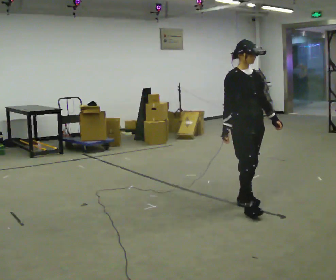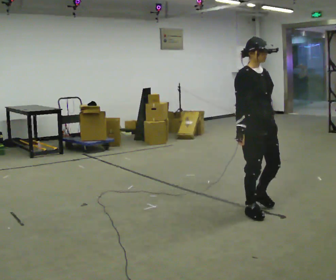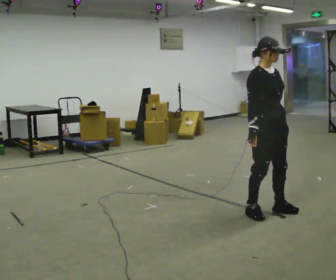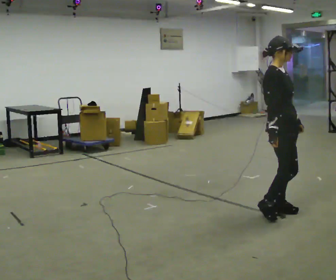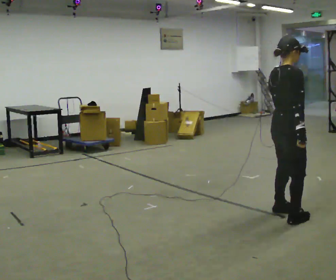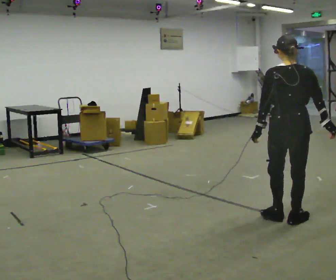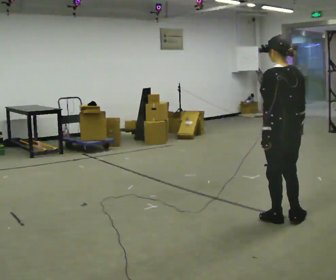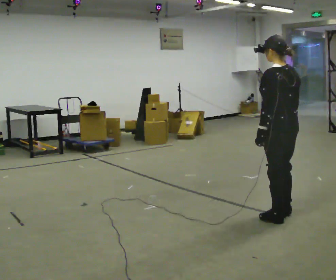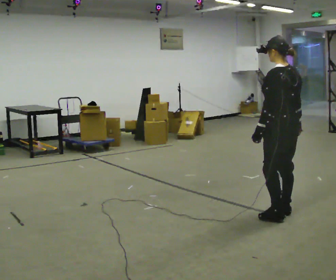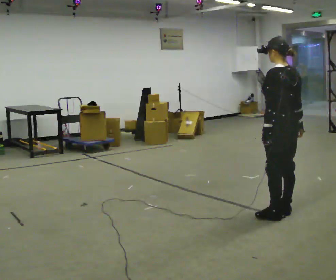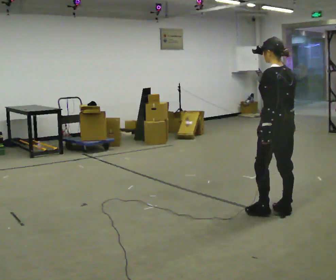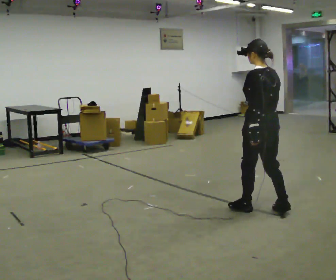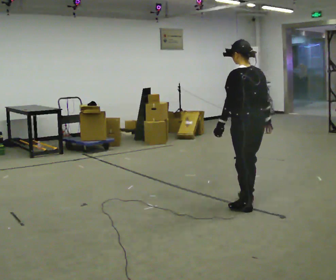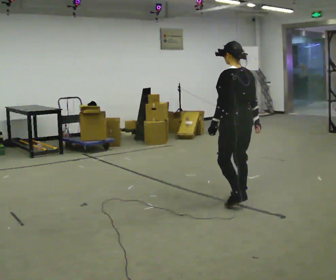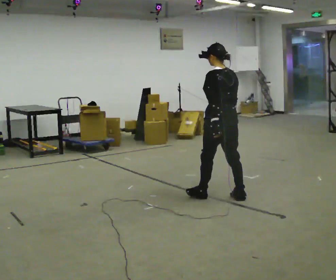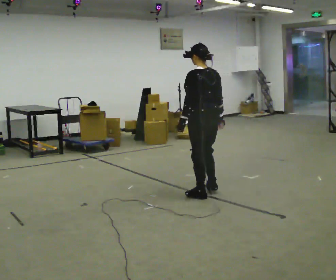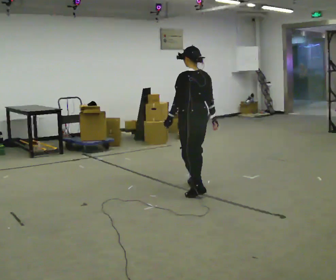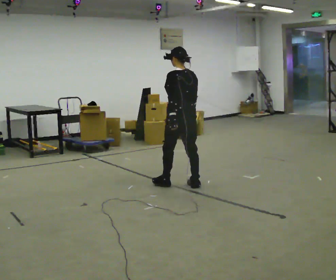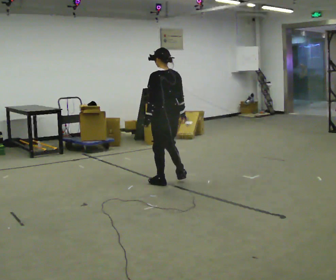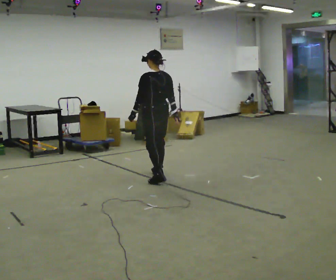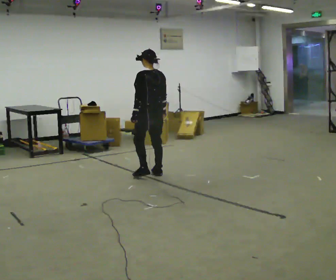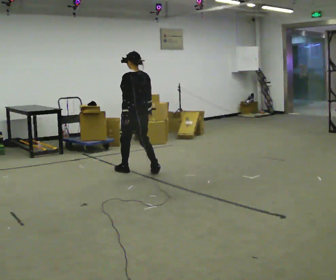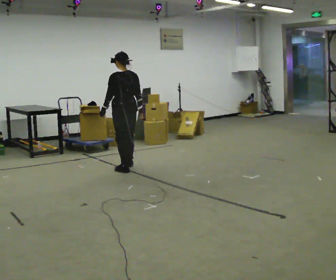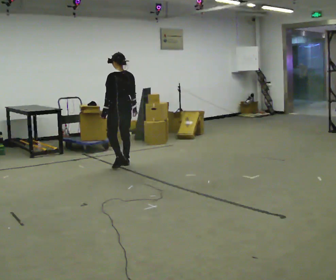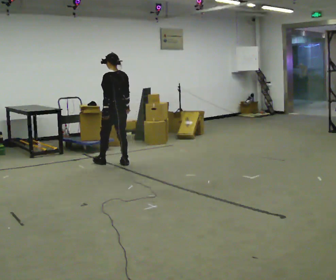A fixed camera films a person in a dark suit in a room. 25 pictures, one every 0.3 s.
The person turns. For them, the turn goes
to their left.
The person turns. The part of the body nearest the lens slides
to the right.
0.0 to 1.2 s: The person turns about 75 degrees to their left, counterclockwise seen from above, so the part of the body nearest the lens slides to the right. In the picture they go to the right and toward the camera, about 0.5 m in 3 steps.
1.2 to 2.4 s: The person turns about 105 degrees to their left, counterclockwise seen from above, so the part of the body nearest the lens slides to the right.
2.4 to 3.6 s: In the picture they go to the left and away from the camera, about 0.5 m in 1 step, which for them is forward.
3.6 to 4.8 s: In the picture they go away from the camera and to the left, about 1 m in 3 steps, which for them is forward.
4.8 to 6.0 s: In the picture they go to the left and away from the camera, about 1 m in 2 steps, which for them is forward.
6.0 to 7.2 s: In the picture they go to the left and away from the camera, about 0.5 m in 2 steps, which for them is forward.
The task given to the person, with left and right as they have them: Walk forward with your feet closer together than normal, or further apart than normal, as the operator states; stop.
The film runs forward here.
